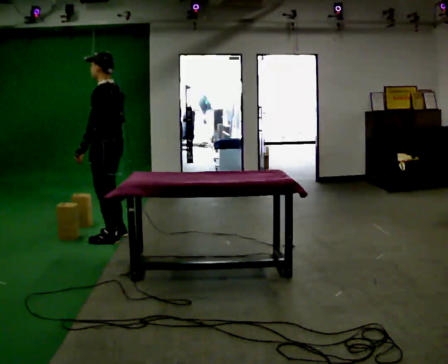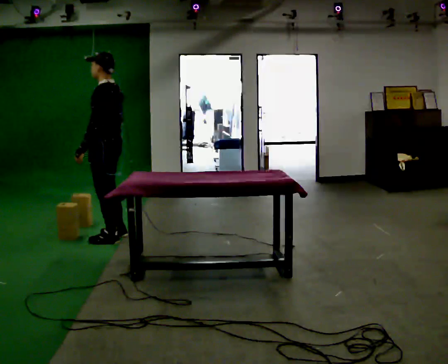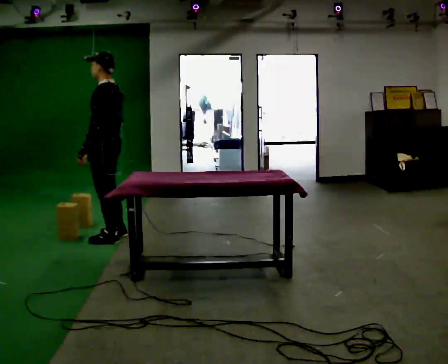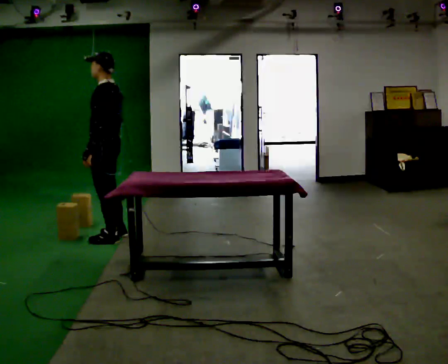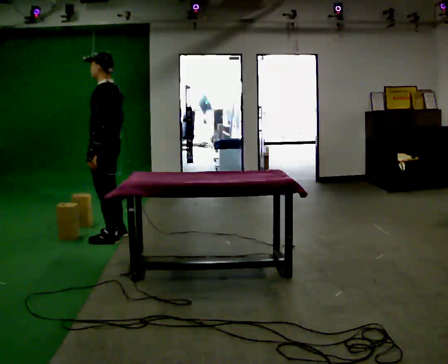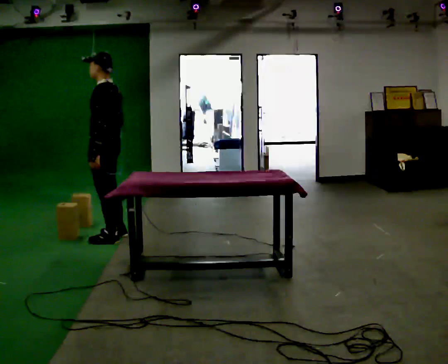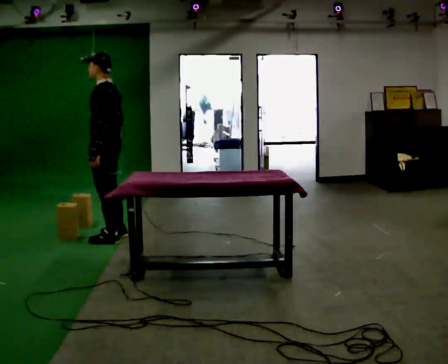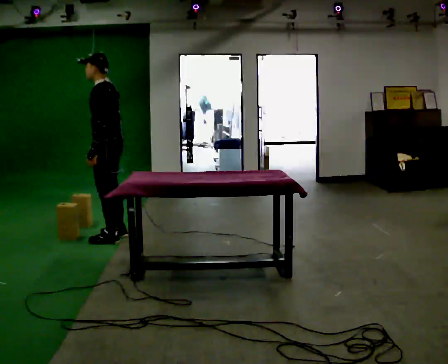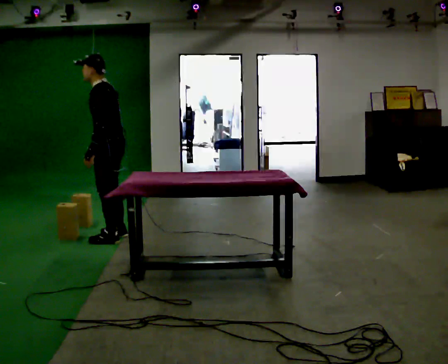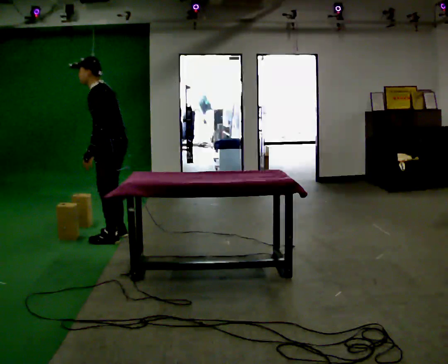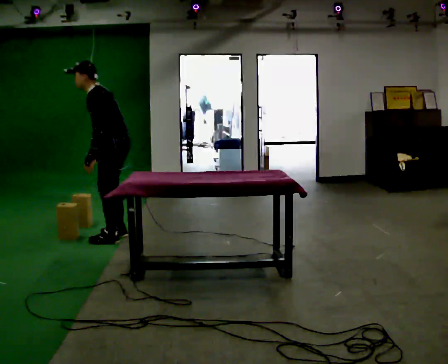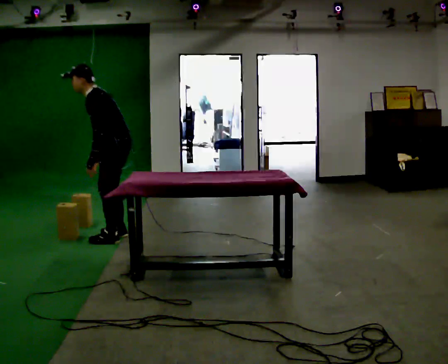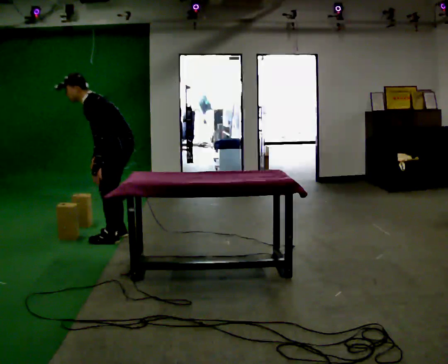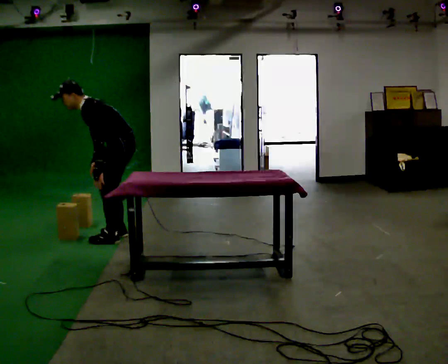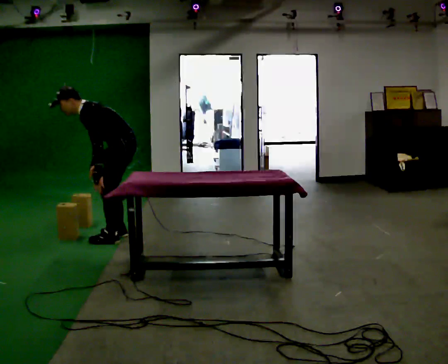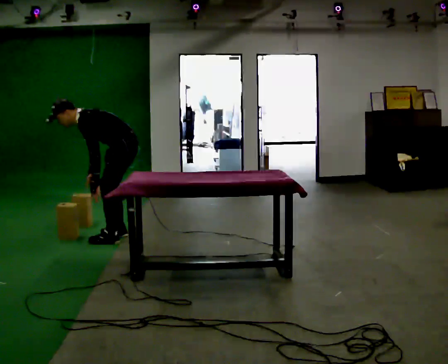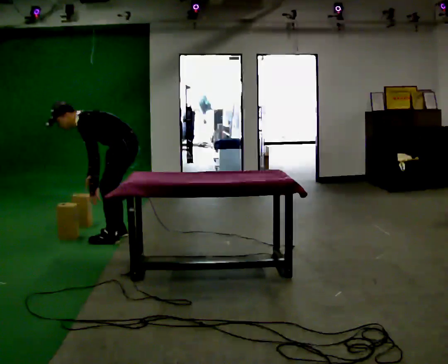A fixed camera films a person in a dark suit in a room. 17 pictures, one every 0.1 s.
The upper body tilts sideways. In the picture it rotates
counterclockwise.
The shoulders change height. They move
downward.
0.0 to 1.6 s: The shoulders move downward. In the picture the upper body tilts counterclockwise, shoulders to the left, as they bend forward.
The film runs backward here.
